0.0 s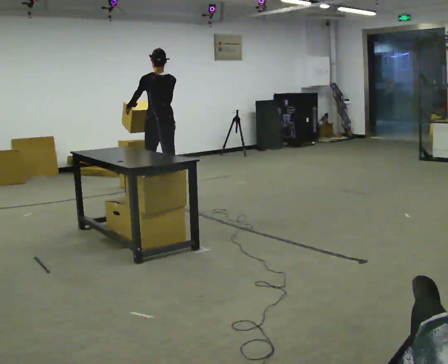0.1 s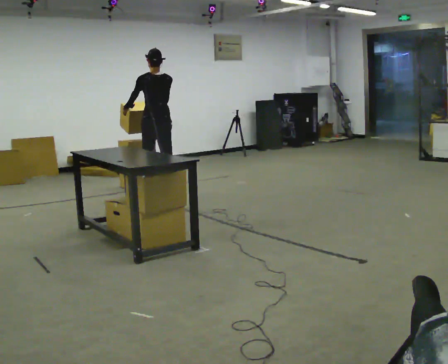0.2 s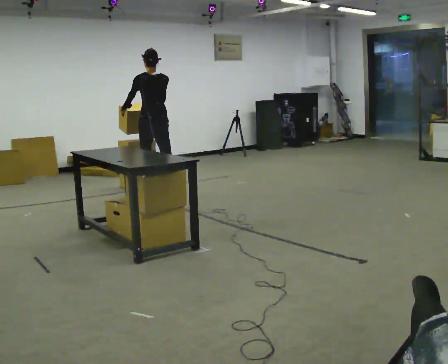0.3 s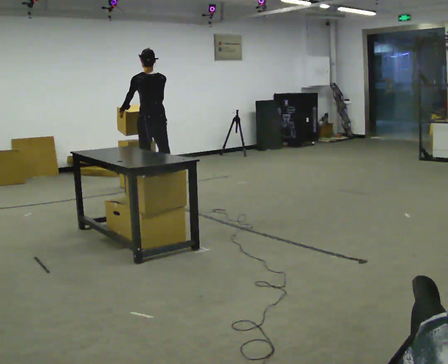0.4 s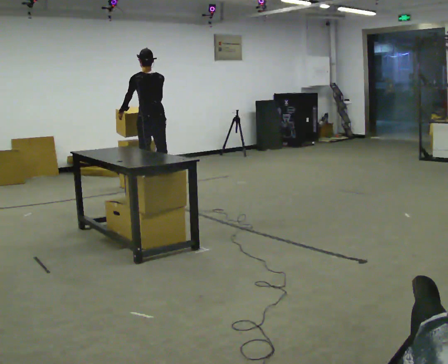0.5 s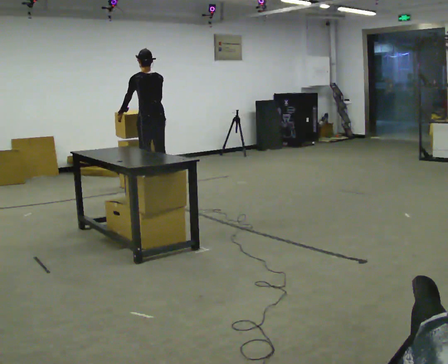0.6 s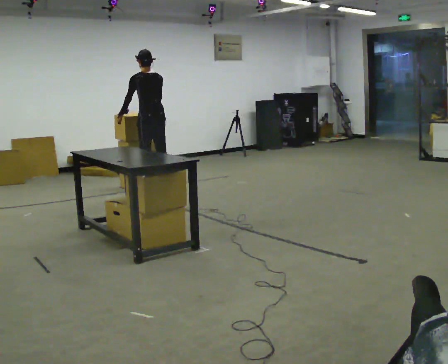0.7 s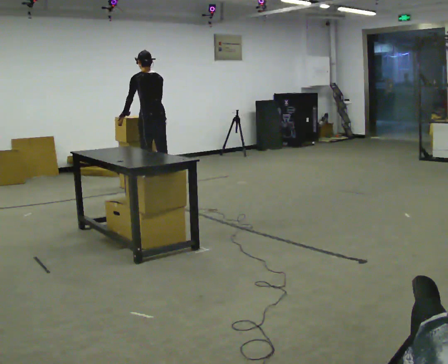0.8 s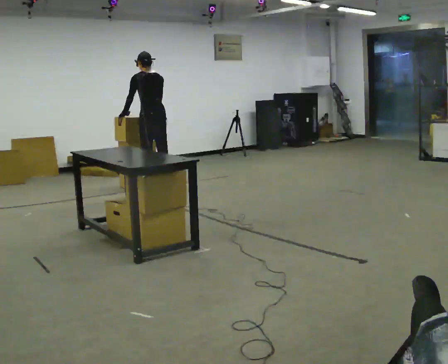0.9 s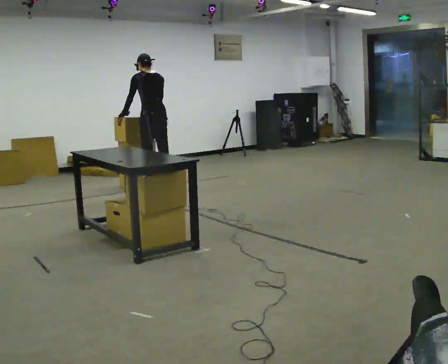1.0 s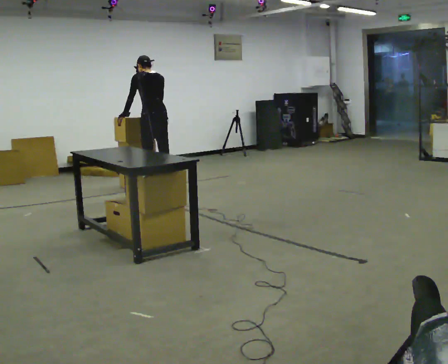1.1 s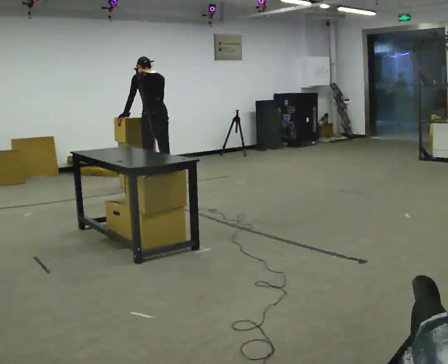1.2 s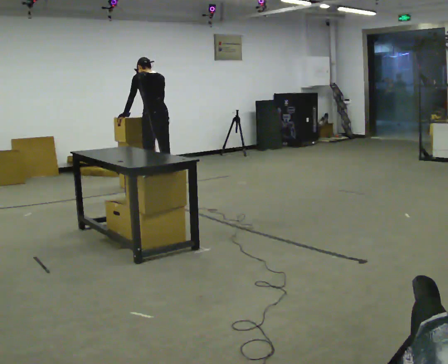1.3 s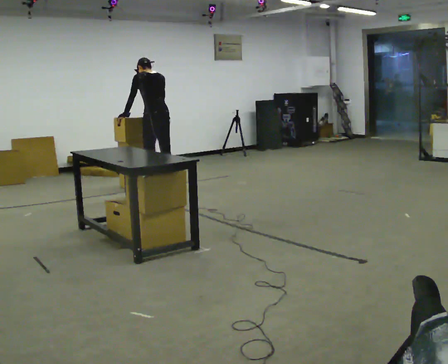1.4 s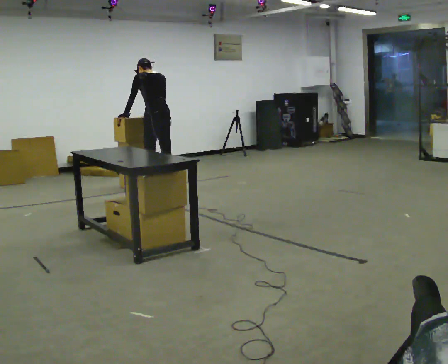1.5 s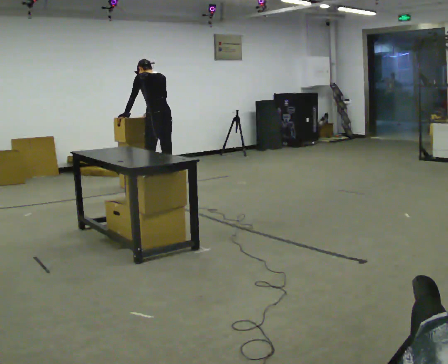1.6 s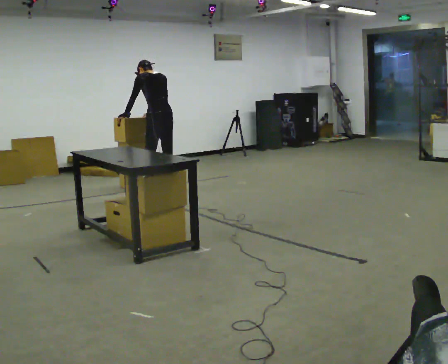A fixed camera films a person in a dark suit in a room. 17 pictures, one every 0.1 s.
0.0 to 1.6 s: In the picture they go away from the camera, about 0.25 m in 1 step, which for them is forward and to their right. The upper body tips away from the camera, its near side rolling upward, as they bend forward.
The film runs forward here.
